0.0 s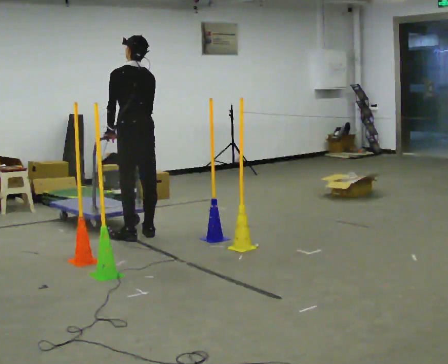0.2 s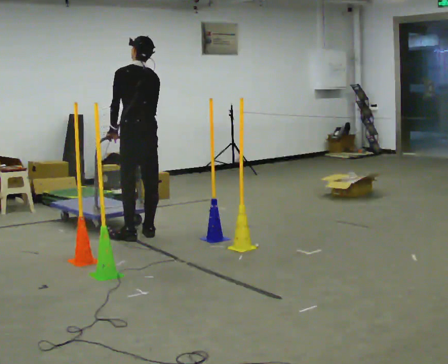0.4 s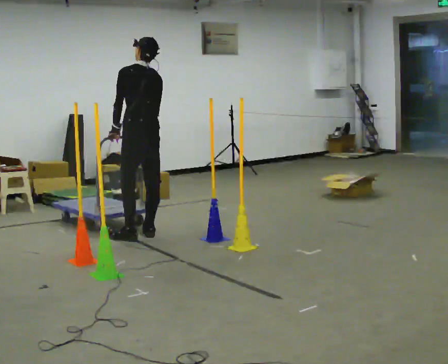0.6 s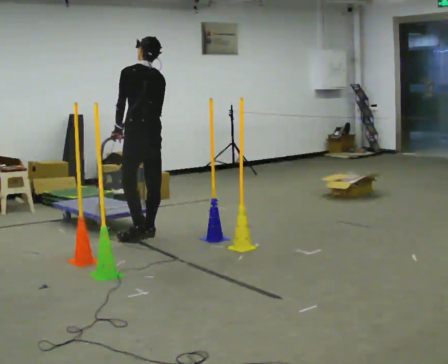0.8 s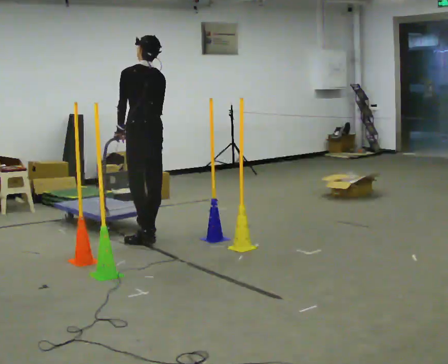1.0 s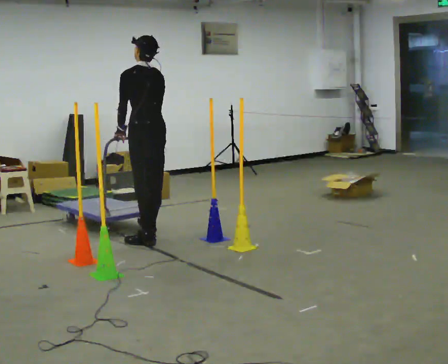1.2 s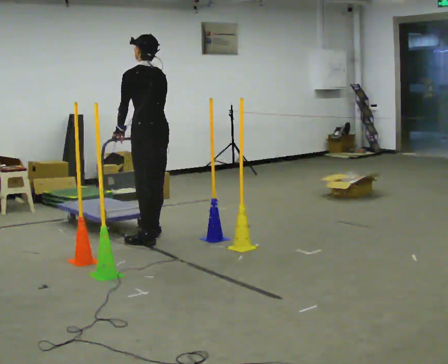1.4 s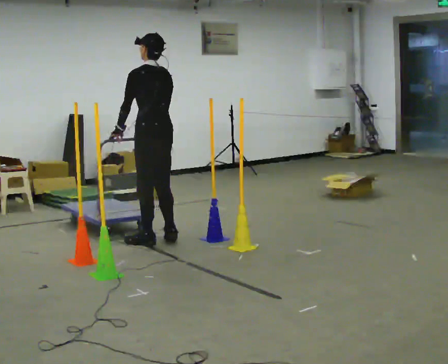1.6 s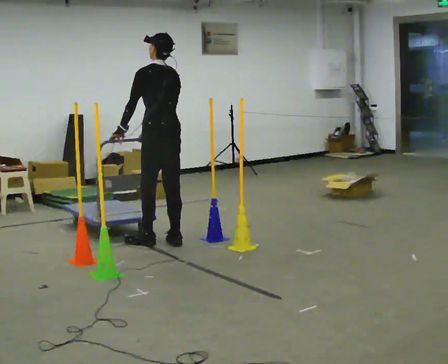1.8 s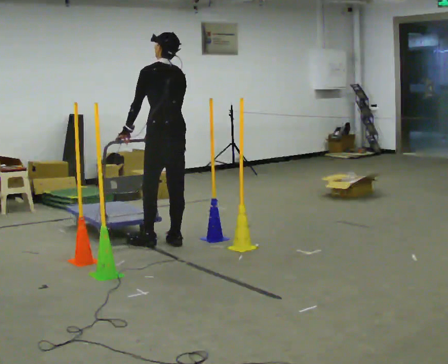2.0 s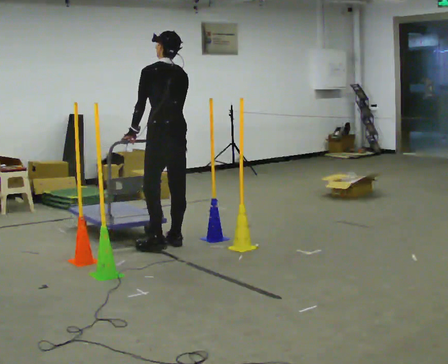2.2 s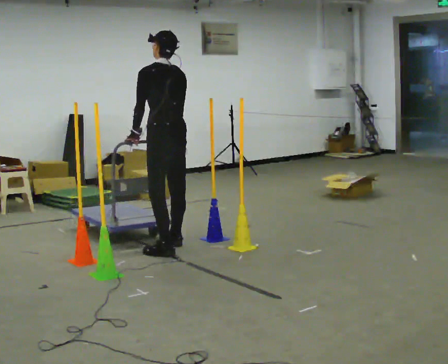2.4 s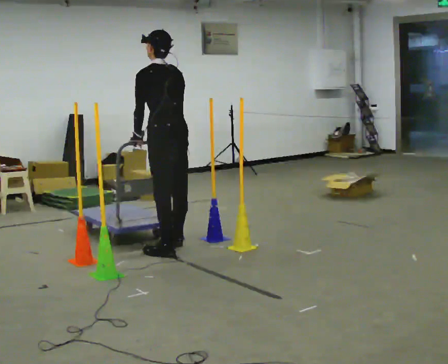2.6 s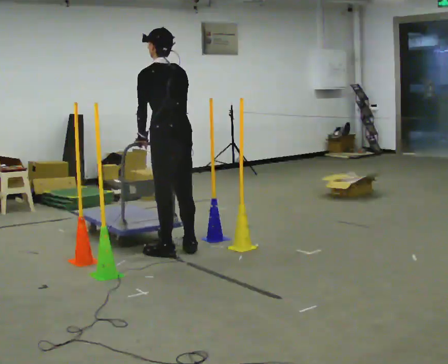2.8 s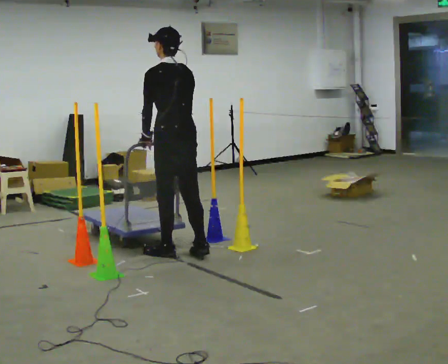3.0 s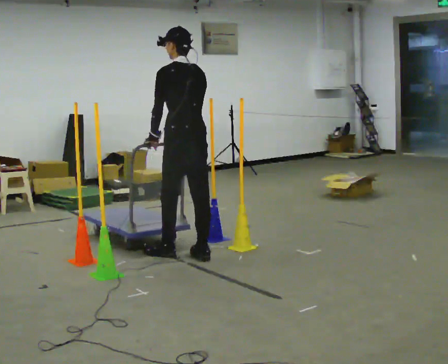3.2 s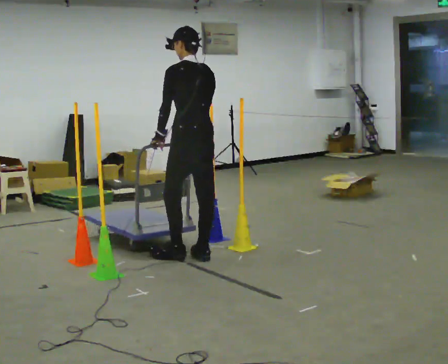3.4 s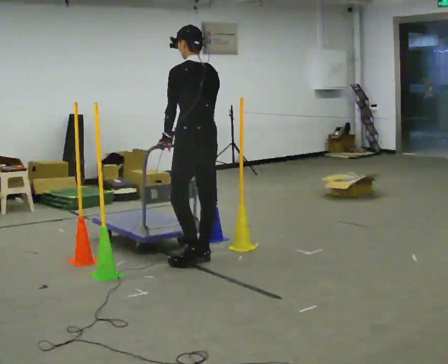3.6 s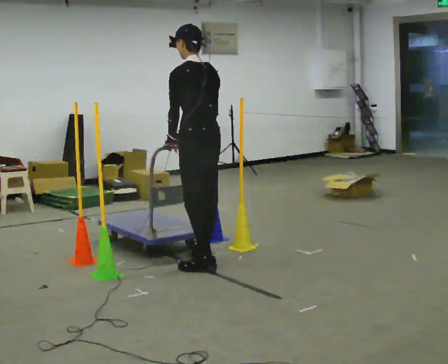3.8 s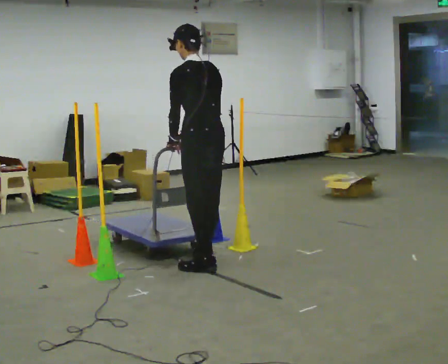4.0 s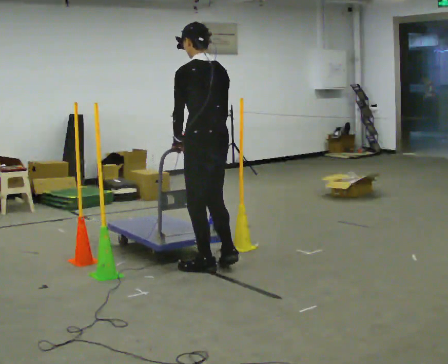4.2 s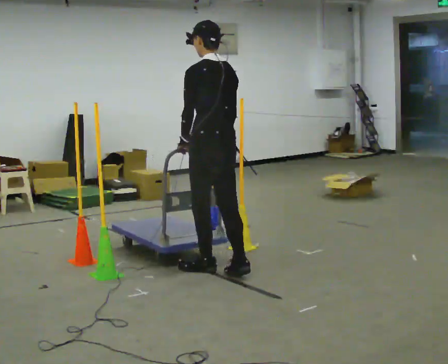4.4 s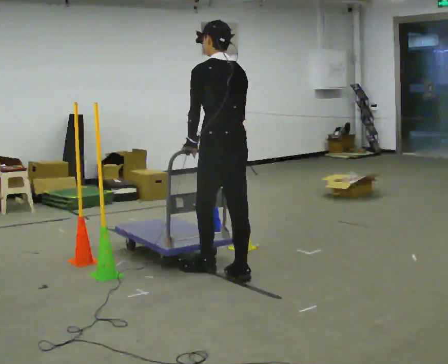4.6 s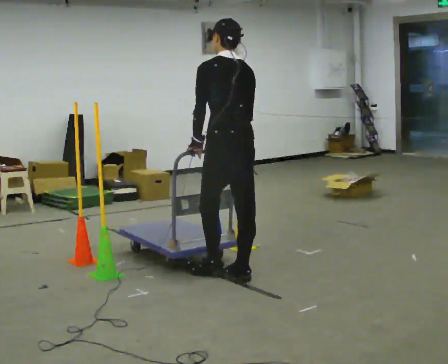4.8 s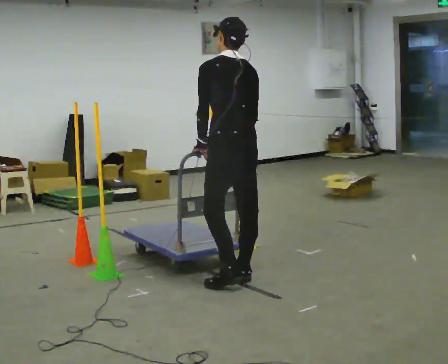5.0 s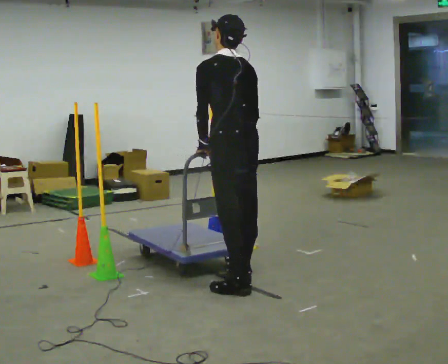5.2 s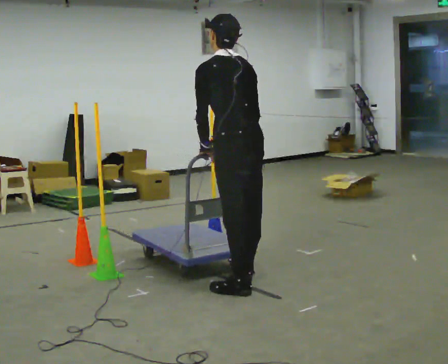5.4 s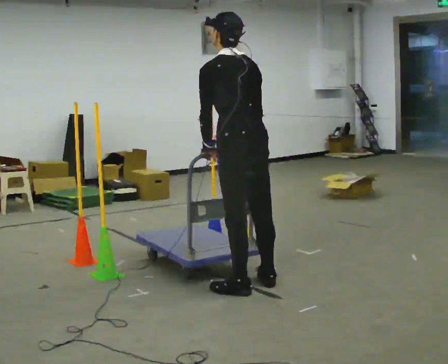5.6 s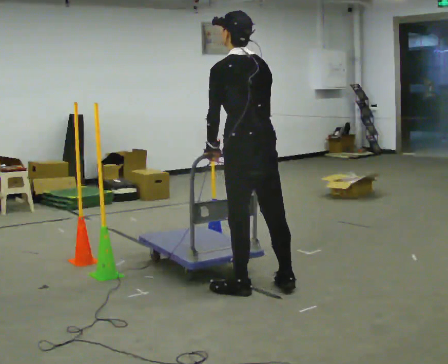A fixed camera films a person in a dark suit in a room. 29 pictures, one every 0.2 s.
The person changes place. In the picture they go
toward the camera.
0.0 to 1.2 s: In the picture they go toward the camera and to the right, about 0.25 m in 1 step, which for them is backward.
1.2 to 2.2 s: In the picture they go toward the camera and to the right, about 0.25 m in 2 steps, which for them is backward.
2.2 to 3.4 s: In the picture they go toward the camera and to the right, about 0.5 m in 1 step, which for them is backward.
3.4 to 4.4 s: In the picture they go toward the camera and to the right, about 0.5 m in 2 steps, which for them is backward.
4.4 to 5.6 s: In the picture they go toward the camera, about 0.25 m in 2 steps, which for them is backward.
The film runs forward here.
